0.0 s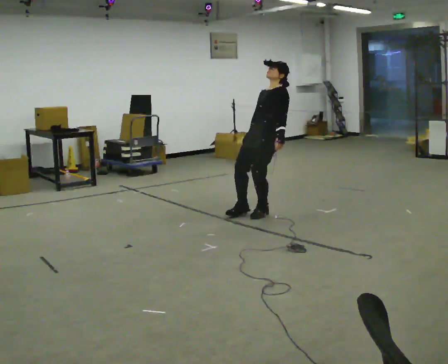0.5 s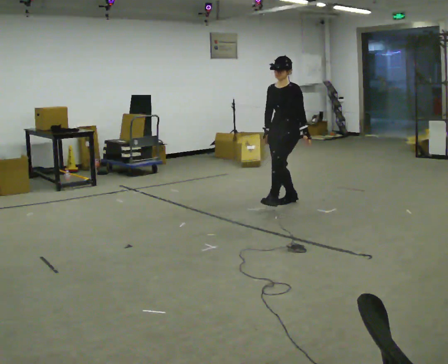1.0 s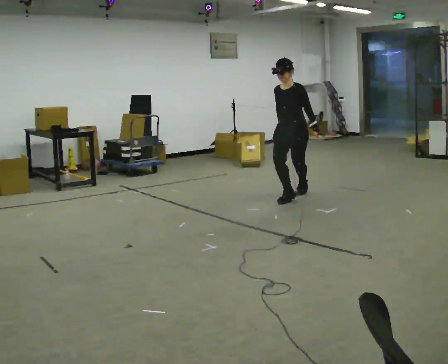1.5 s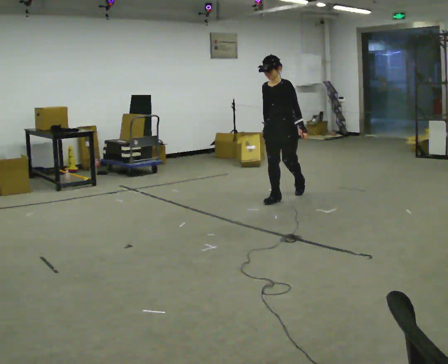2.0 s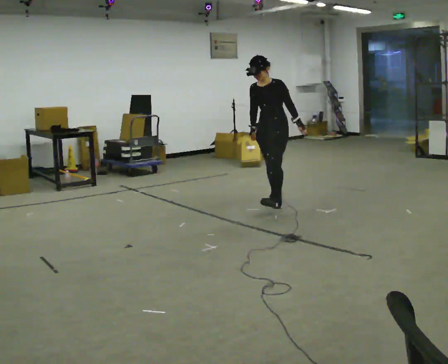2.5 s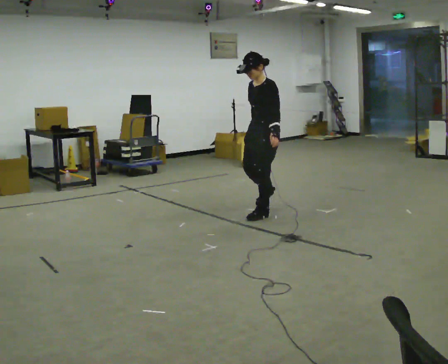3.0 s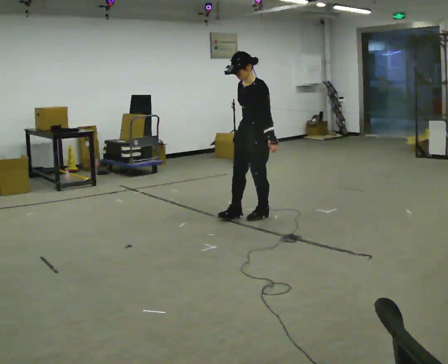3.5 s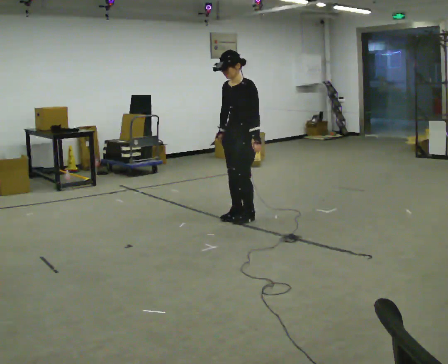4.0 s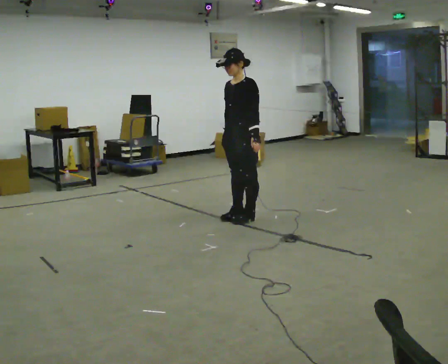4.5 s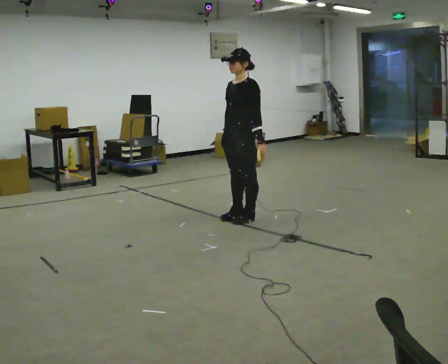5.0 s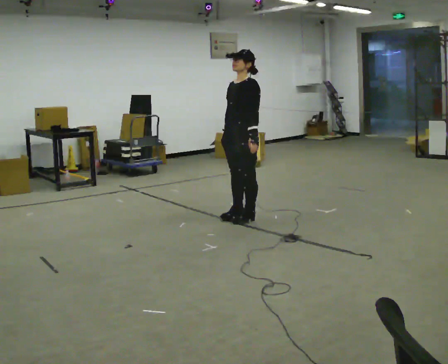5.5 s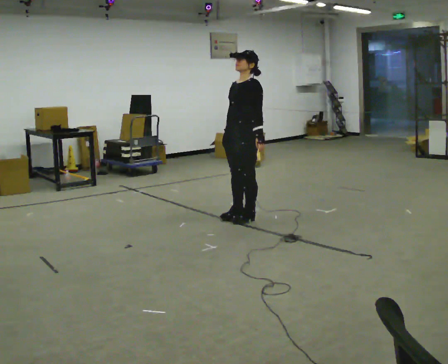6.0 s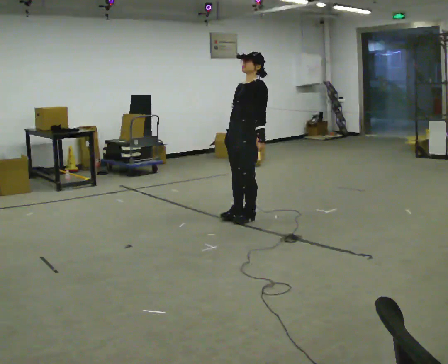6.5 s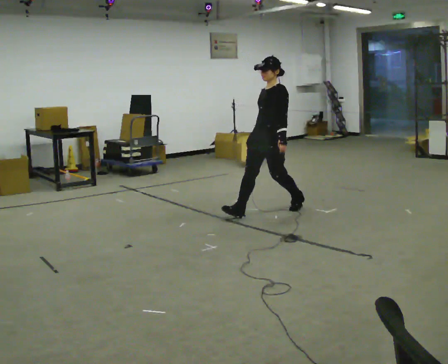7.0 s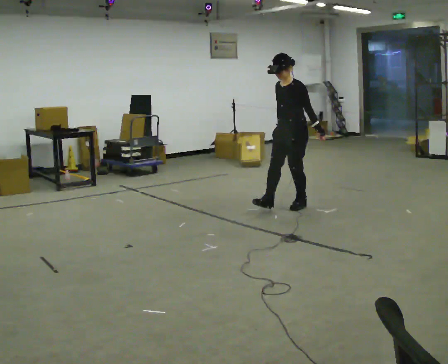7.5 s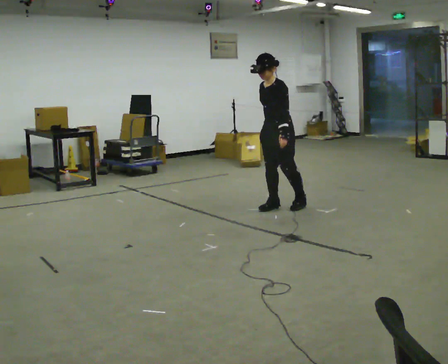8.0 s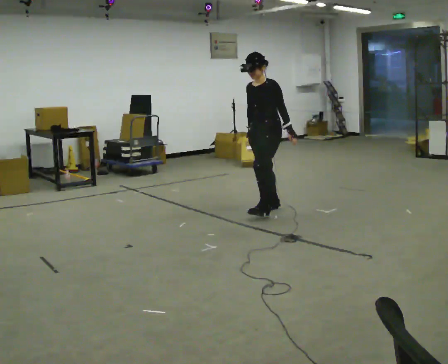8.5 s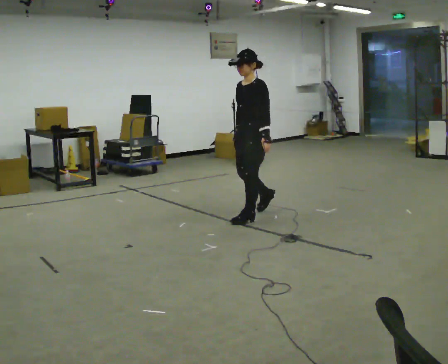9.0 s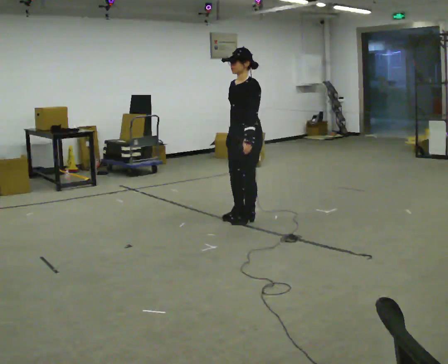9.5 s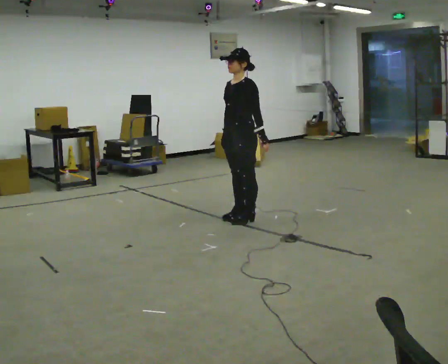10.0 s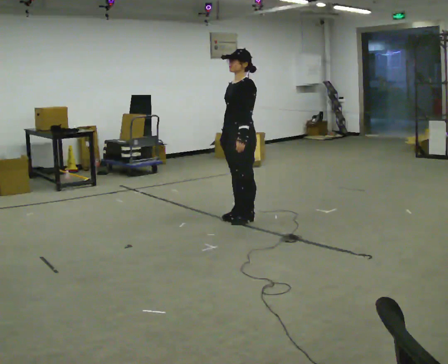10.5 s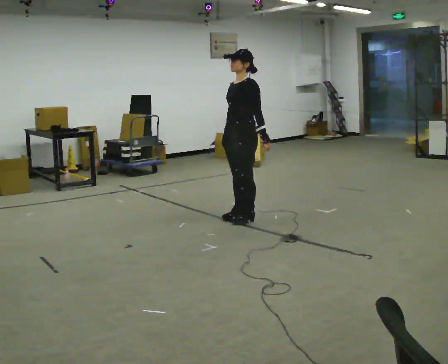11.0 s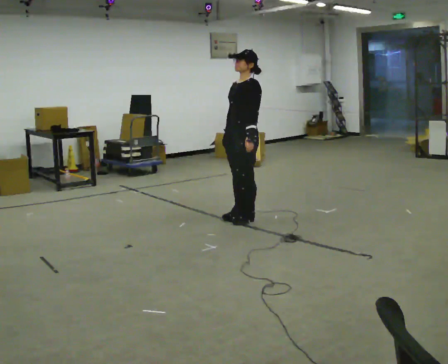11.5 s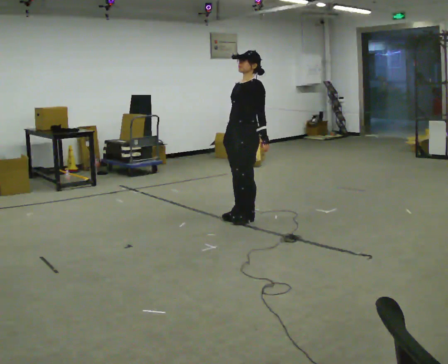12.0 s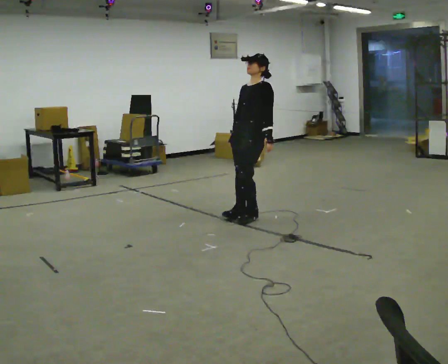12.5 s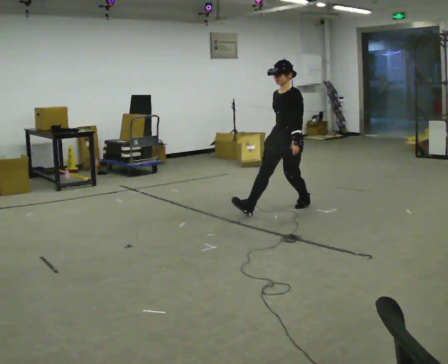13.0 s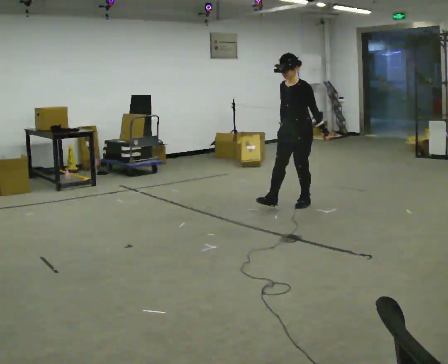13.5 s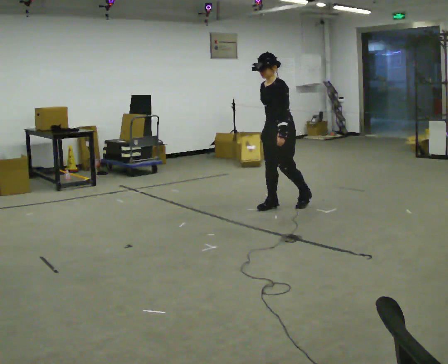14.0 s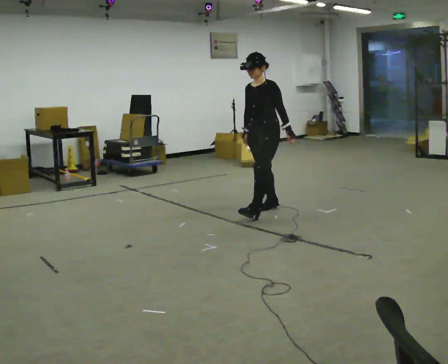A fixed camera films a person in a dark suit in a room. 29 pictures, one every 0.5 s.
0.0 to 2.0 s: In the picture they go away from the camera, about 0.25 m in 3 steps, which for them is backward and to their right. The upper body tips toward the camera, its near side rolling downward, as they bend forward.
2.0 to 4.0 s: In the picture they go toward the camera and to the left, about 0.75 m in 3 steps, which for them is forward and to their left.
4.0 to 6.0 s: The person moves a little, or ends about where they began.
6.0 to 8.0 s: In the picture they go away from the camera and to the right, about 0.25 m in 2 steps, which for them is backward.
8.0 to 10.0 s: In the picture they go toward the camera and to the left, about 0.25 m in 2 steps, which for them is forward.
10.0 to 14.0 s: In the picture they go away from the camera and to the right, about 0.25 m in 2 steps, which for them is backward.
The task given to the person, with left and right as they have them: Stand on the marked spots. Lean backward, keeping your body straight, until you cannot hold it, then step back to catch yourself. Return to the spots. Repeat at your own pace until the operator says stop. Go slowly and only as far as you are comfortable. Step whenever you need to; do not try to hold on longer than feels safe.
The film runs forward here.
